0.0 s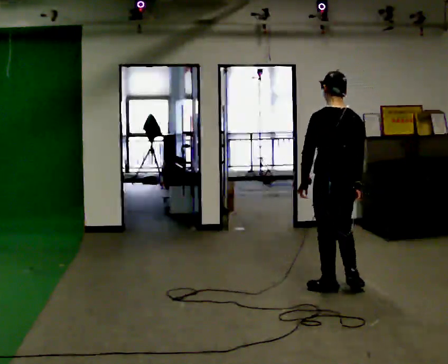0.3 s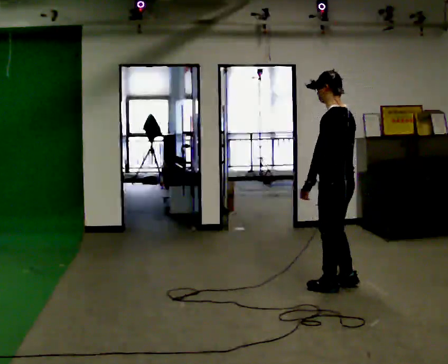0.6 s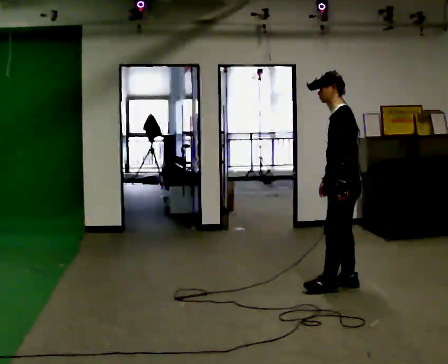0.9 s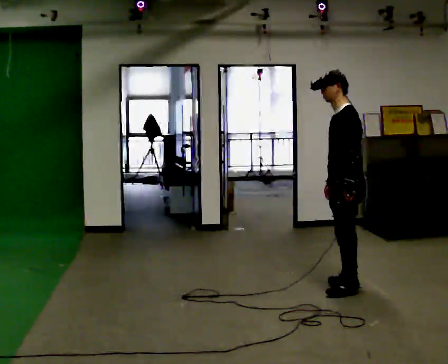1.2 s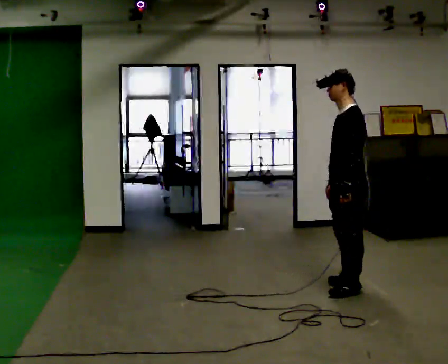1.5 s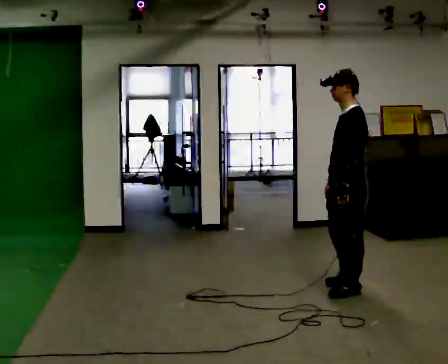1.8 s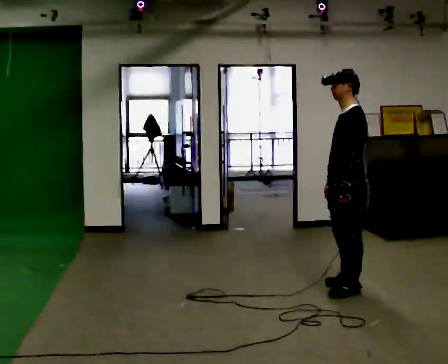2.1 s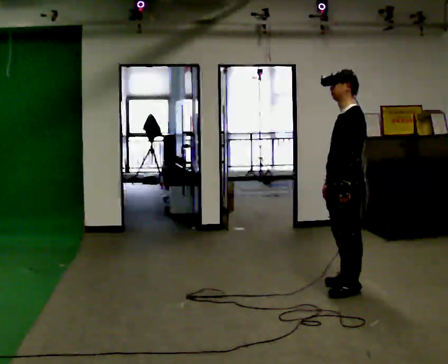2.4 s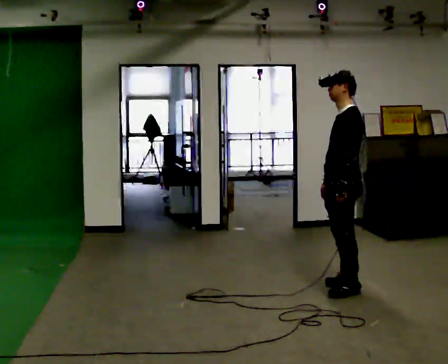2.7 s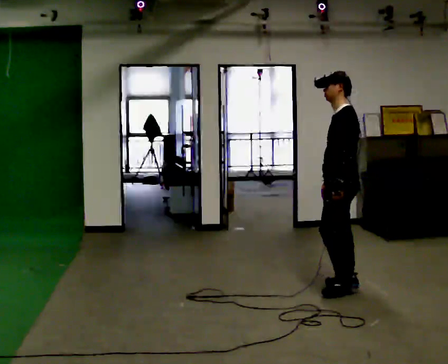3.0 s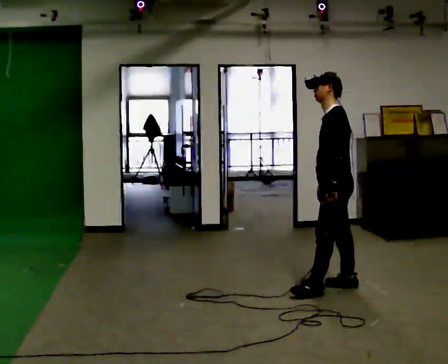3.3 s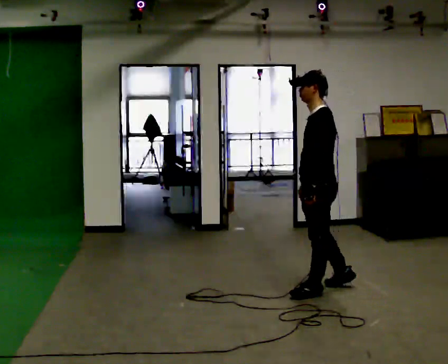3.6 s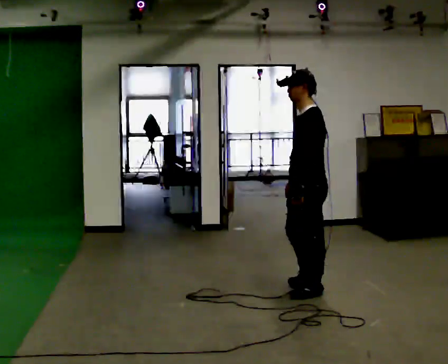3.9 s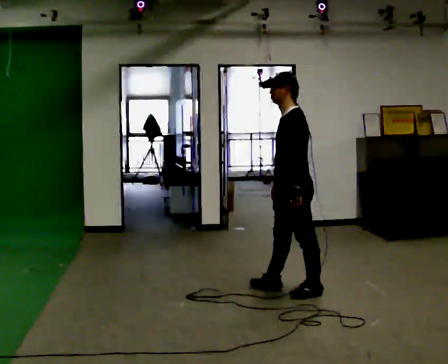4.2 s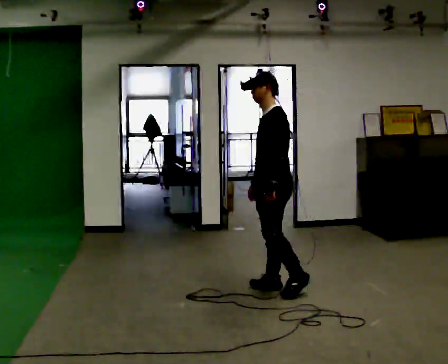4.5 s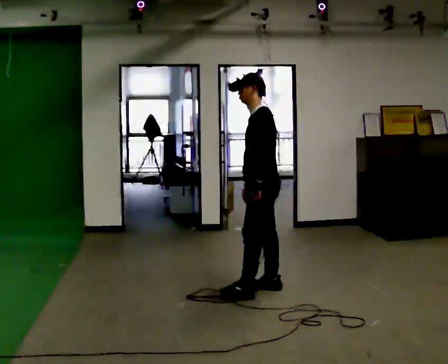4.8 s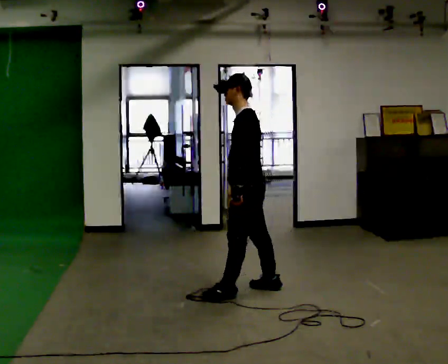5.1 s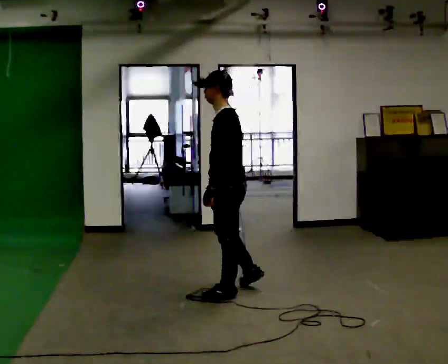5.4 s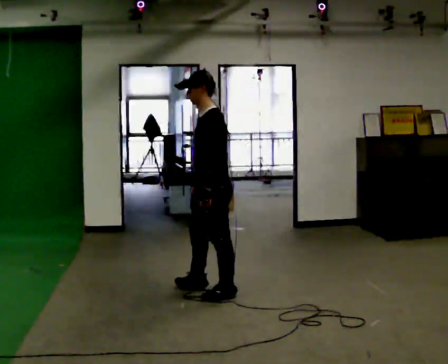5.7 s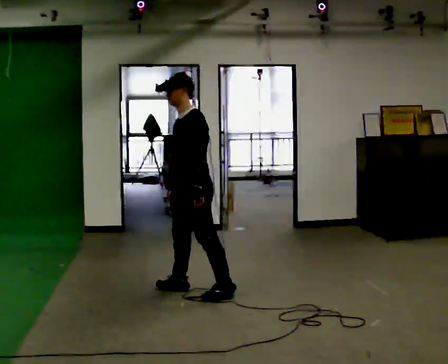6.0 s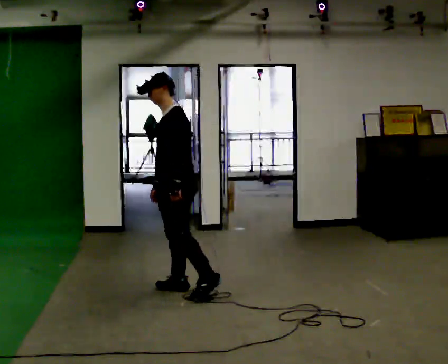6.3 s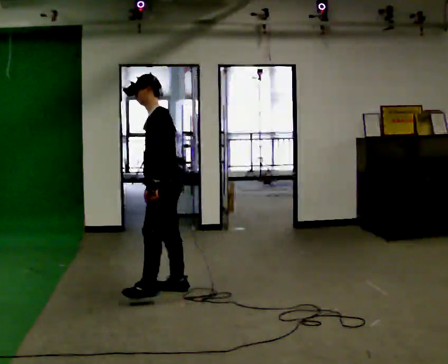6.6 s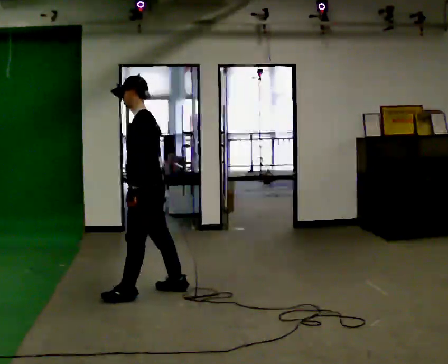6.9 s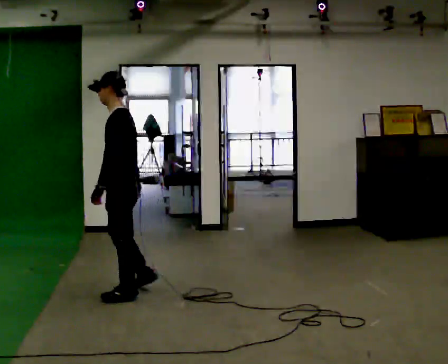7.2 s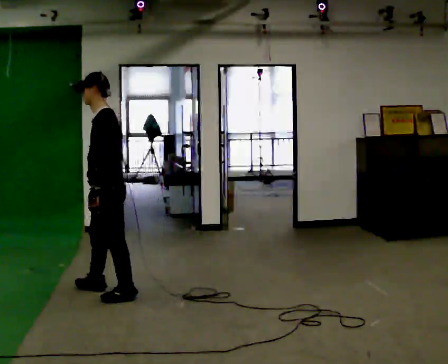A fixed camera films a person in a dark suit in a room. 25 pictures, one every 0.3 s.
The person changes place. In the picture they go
to the left.
0.0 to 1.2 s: The part of the body nearest the lens slides to the right as the person turns to their left by about 60 degrees. In the picture their left hand goes to the right.
1.2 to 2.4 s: The person moves a little, or ends about where they began.
2.4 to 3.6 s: In the picture they go to the left, about 0.25 m in 1 step, which for them is forward.
3.6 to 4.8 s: In the picture they go to the left, about 0.5 m in 2 steps, which for them is forward.
4.8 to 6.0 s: The person turns about 30 degrees to their left, counterclockwise seen from above, so the part of the body nearest the lens slides to the right. In the picture they go to the left, about 0.5 m in 1 step, which for them is forward.
6.0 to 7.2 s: In the picture they go to the left and toward the camera, about 0.5 m in 1 step, which for them is forward and to their left.
The film runs forward here.
